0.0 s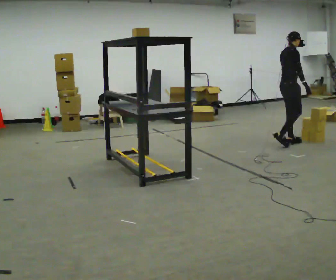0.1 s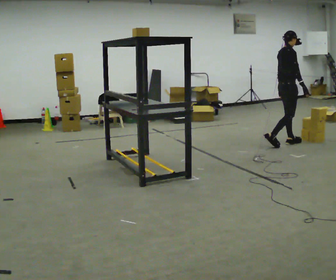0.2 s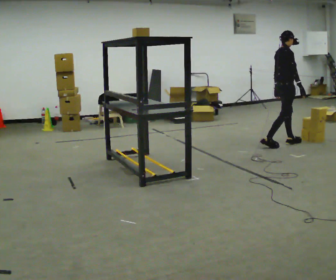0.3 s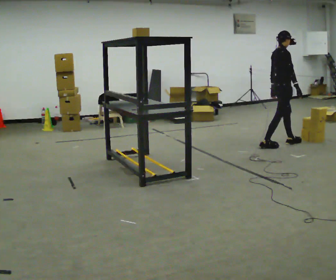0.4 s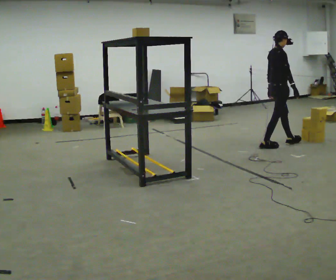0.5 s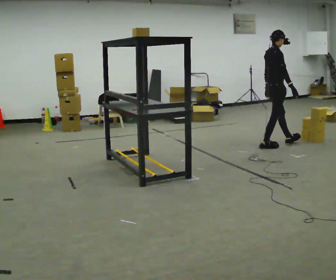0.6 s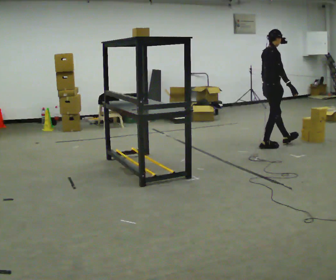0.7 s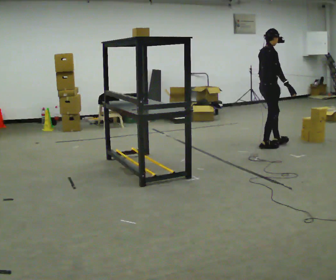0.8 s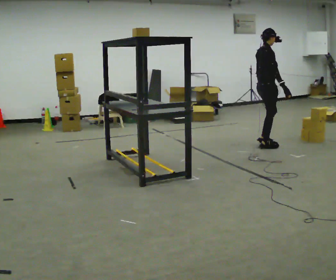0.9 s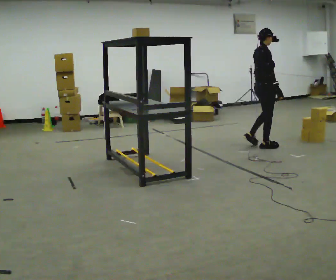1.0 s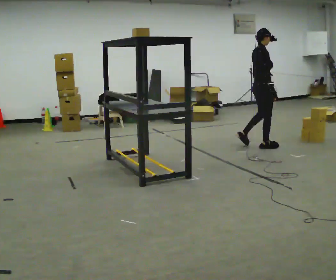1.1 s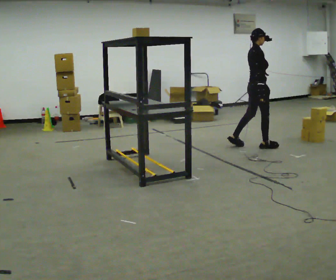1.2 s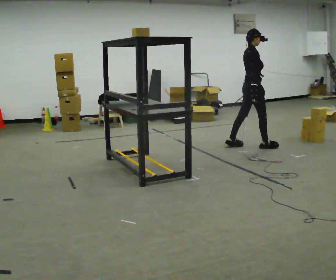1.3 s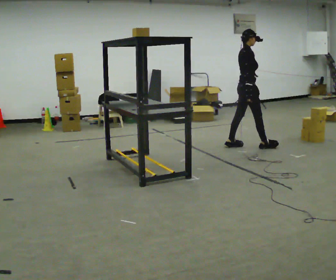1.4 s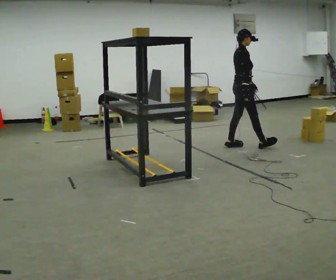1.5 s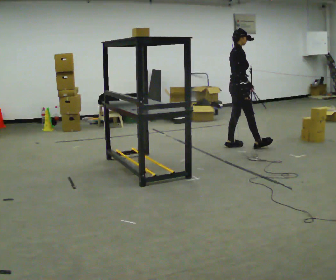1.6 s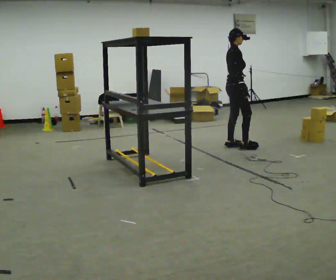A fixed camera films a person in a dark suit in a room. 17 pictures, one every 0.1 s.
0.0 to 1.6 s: In the picture they go to the left, about 1 m in 2 steps, which for them is backward.
The film runs backward here.
